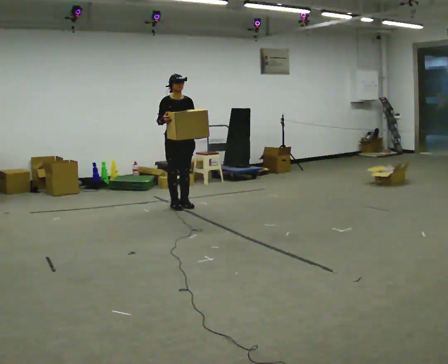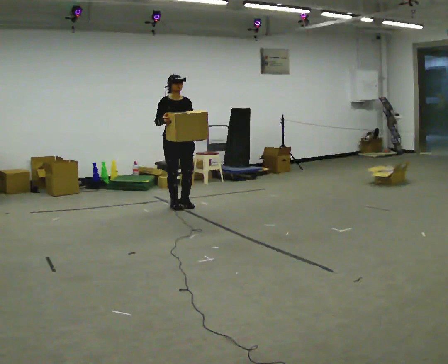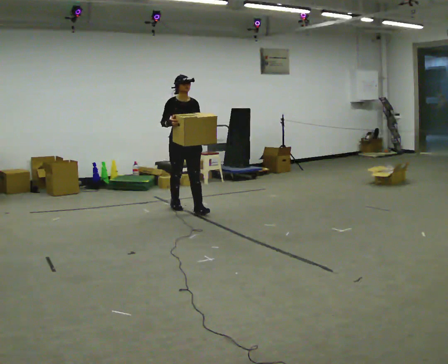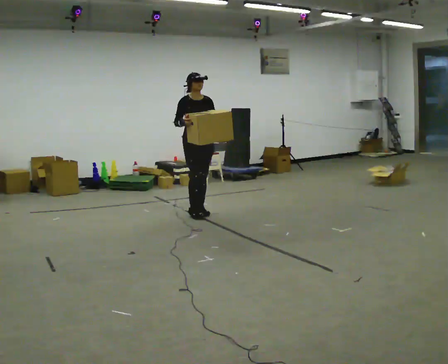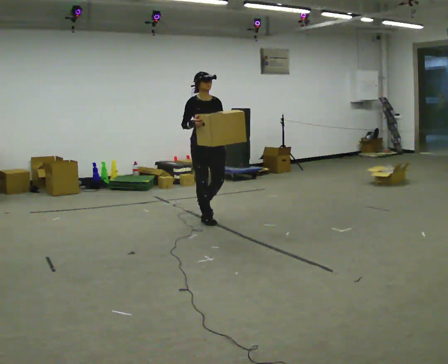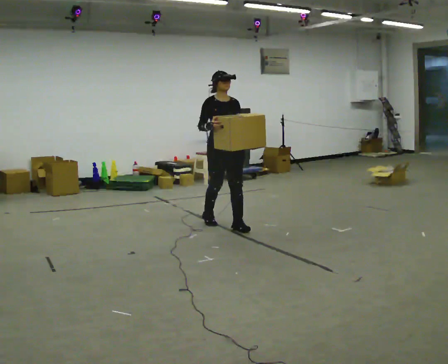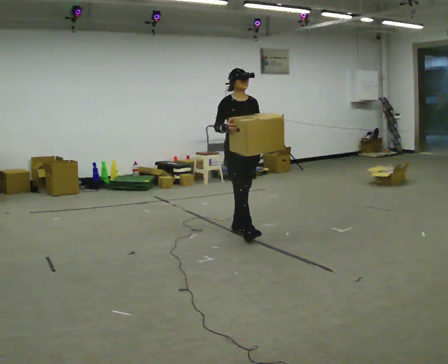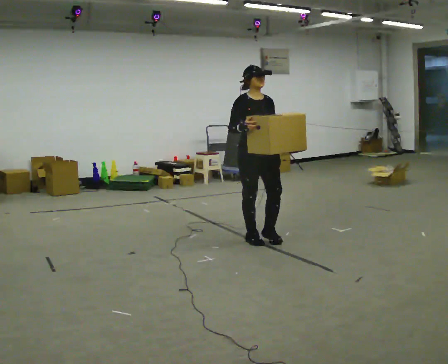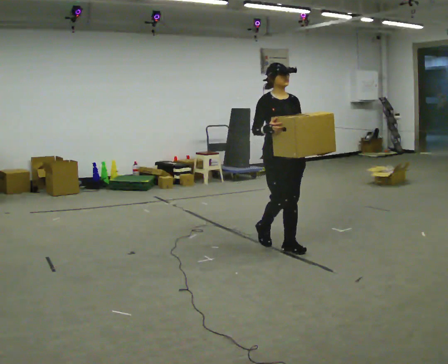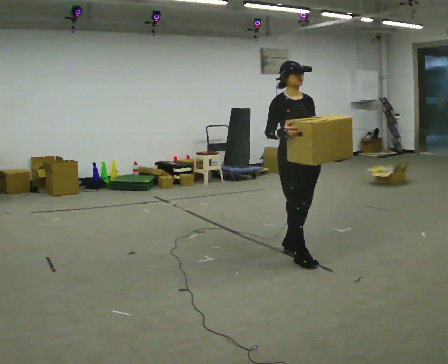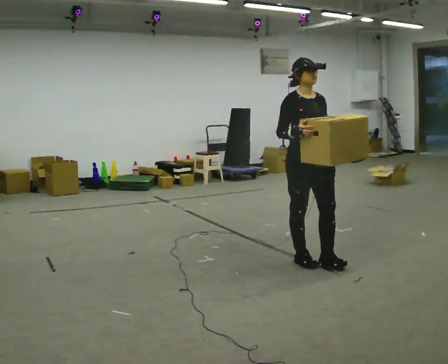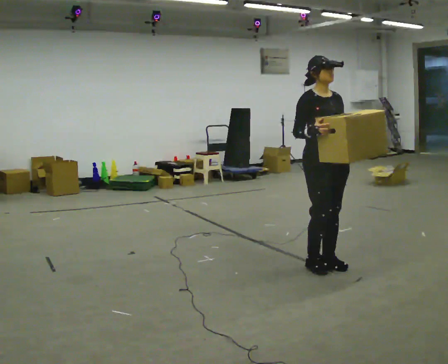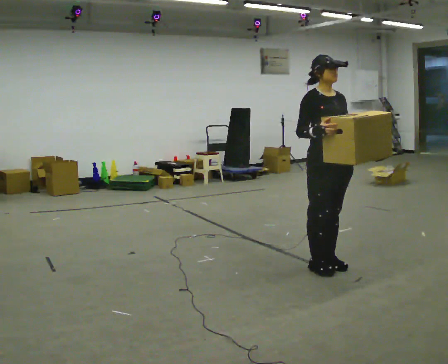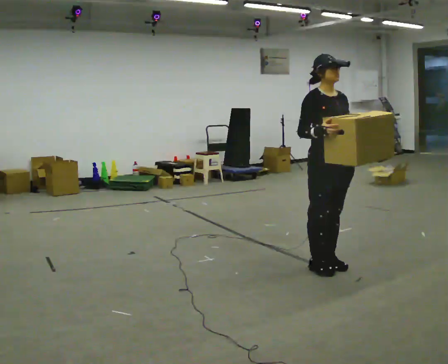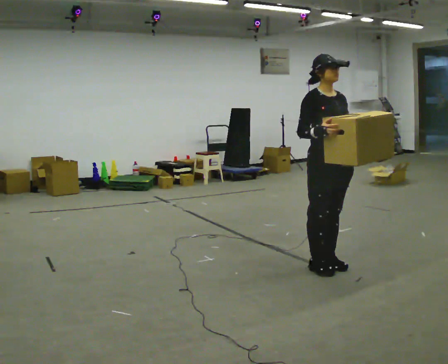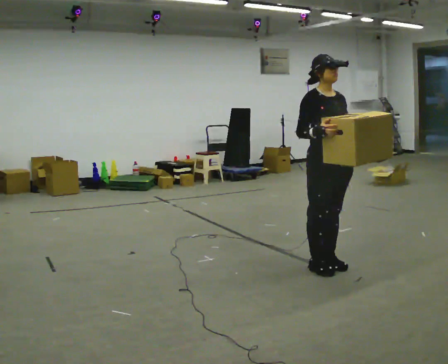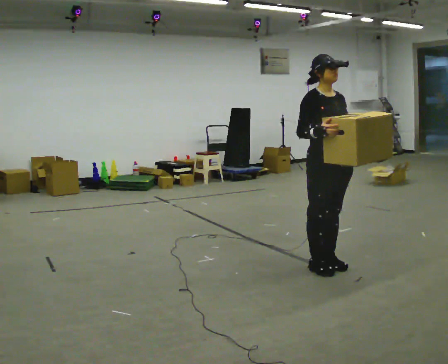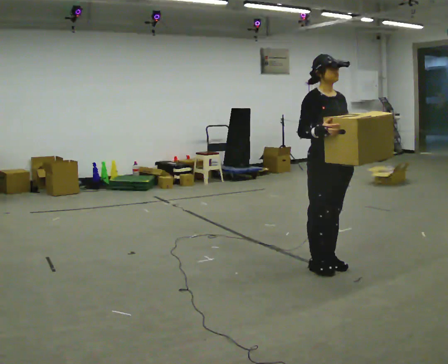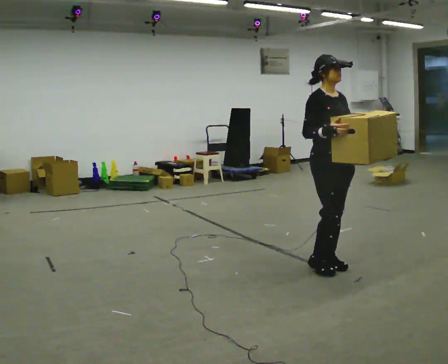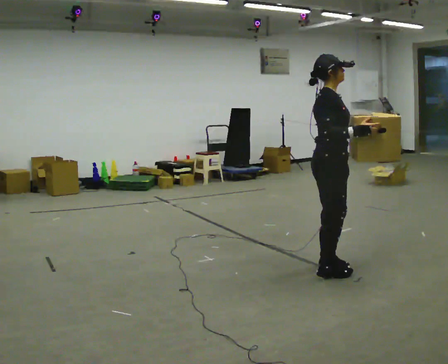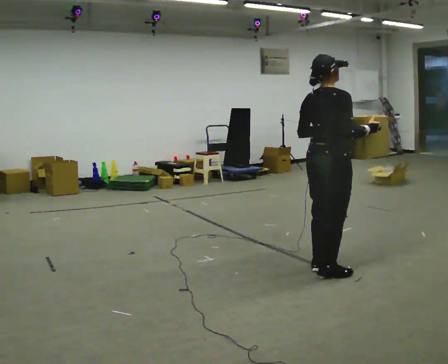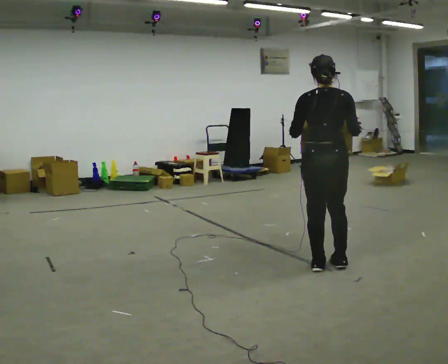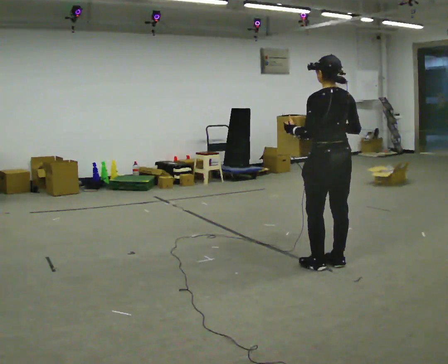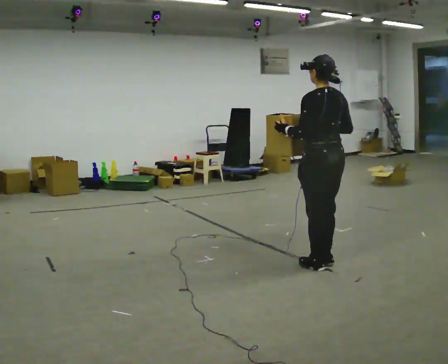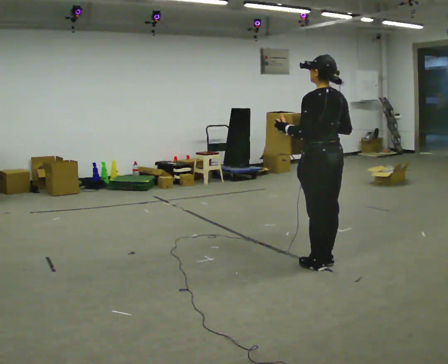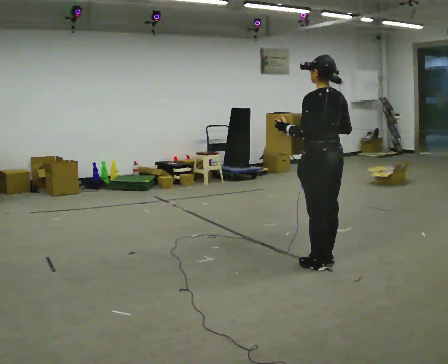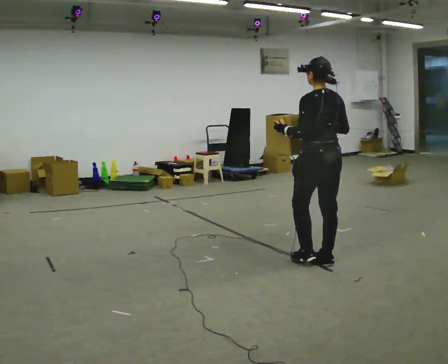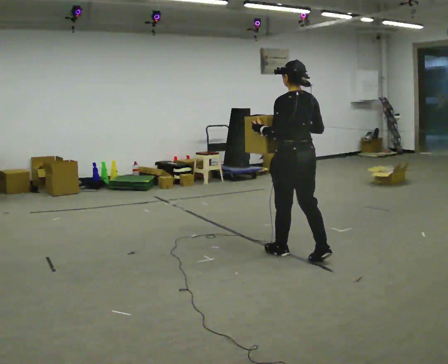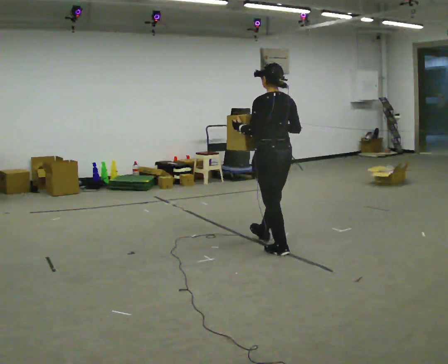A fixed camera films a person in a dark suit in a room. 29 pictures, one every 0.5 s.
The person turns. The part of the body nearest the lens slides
to the right.
The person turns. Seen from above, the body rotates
counterclockwise.
0.0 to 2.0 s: In the picture they go toward the camera and to the right, about 1 m in 2 steps, which for them is forward.
2.0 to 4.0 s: In the picture they go toward the camera and to the right, about 1.5 m in 3 steps, which for them is forward.
4.0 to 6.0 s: In the picture they go toward the camera and to the right, about 0.5 m in 3 steps, which for them is forward.
6.0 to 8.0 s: The person keeps their place and pose.
8.0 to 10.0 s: The part of the body nearest the lens slides to the right as the person turns to their left by about 90 degrees. In the picture their right hand goes to the right.
10.0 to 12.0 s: The person turns about 75 degrees to their left, counterclockwise seen from above, so the part of the body nearest the lens slides to the right.
12.0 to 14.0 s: In the picture they go away from the camera and to the left, about 0.75 m in 1 step, which for them is forward.
The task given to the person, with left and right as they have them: Carry the box in both hands and walk back and forth across the room. The contents may move around. Carry on as best you can.
The film runs forward here.
